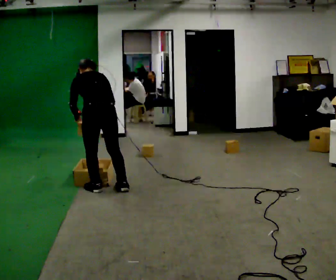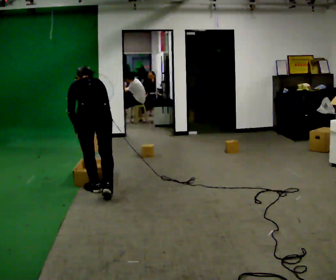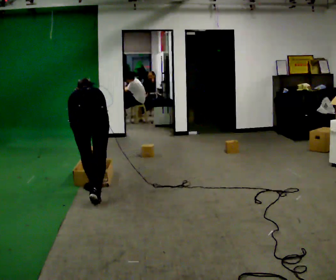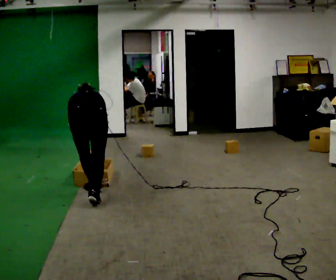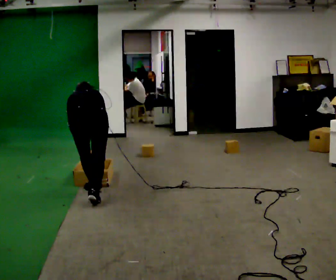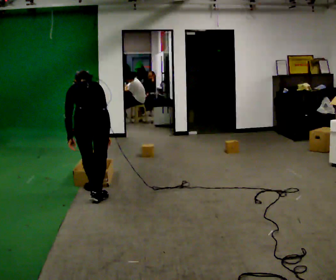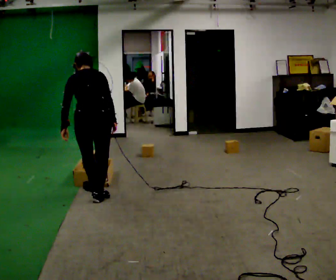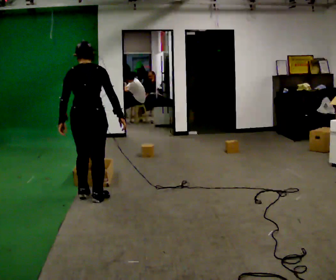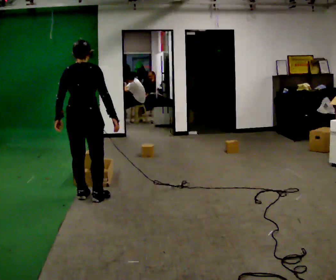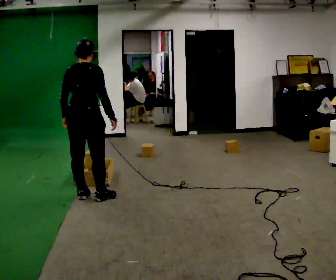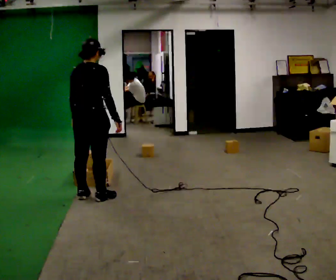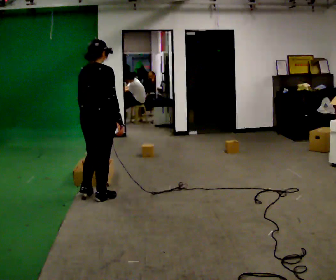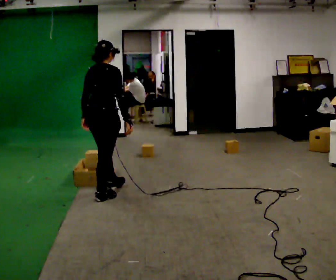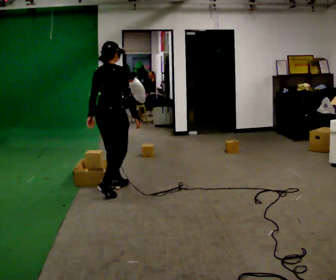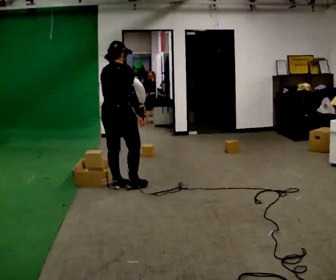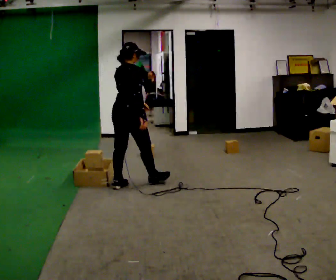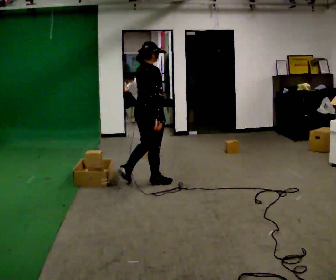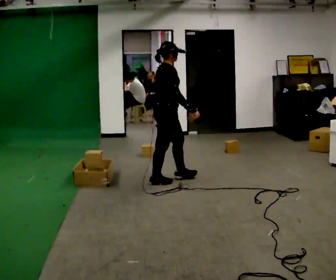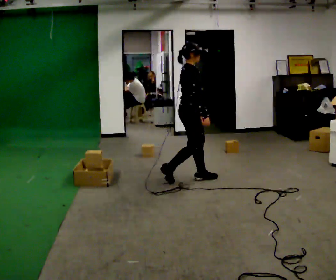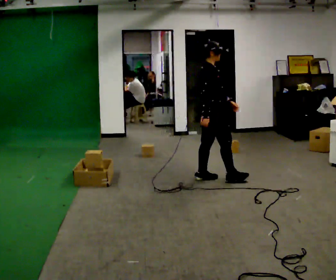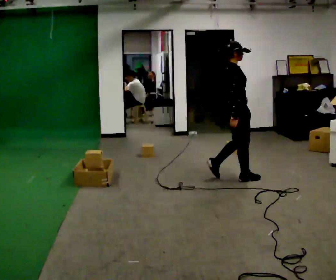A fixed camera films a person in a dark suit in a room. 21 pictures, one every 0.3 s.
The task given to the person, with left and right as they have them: Take the objects from the bin one at a time and put one in each of the places the operator points out. Keep going until the operator says stop; one object at a time, and do not rush between trips.
0.0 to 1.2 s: The shoulders move downward. The upper body tips away from the camera, its near side rolling upward, as they bend forward.
1.2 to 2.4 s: Seen from above the body turns clockwise, about 30 degrees: to their right, with its near side sliding to the left. The shoulders move upward. The upper body tips toward the camera, its near side rolling downward, as they lean back or straighten.
2.4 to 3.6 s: The person turns about 30 degrees to their right, clockwise seen from above, so the part of the body nearest the lens slides to the left. In the picture they go to the right, about 0.25 m, which for them is forward.
3.6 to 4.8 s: The part of the body nearest the lens slides to the left as the person turns to their right by about 30 degrees. In the picture they go to the right and away from the camera, about 0.5 m in 2 steps, which for them is forward.
4.8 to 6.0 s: In the picture they go to the right, about 1 m in 2 steps, which for them is forward.
The film runs forward here.
